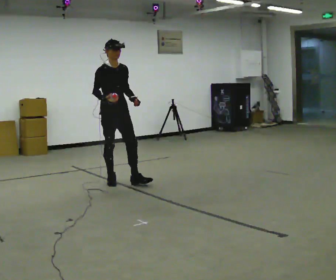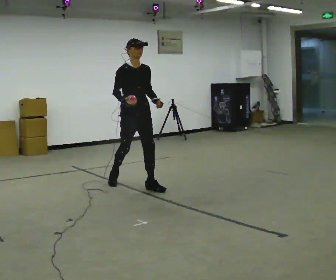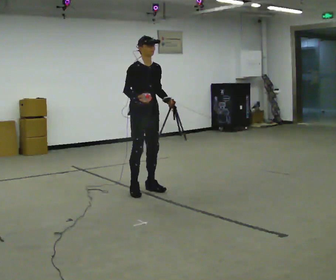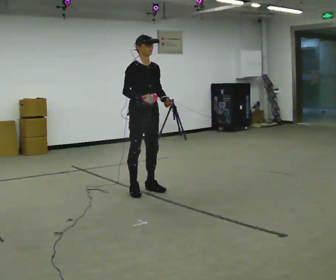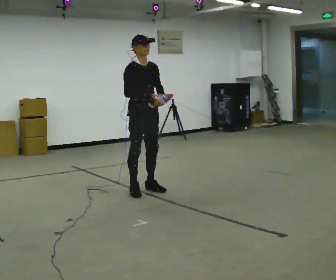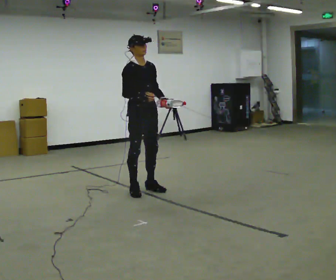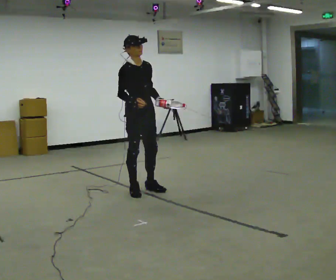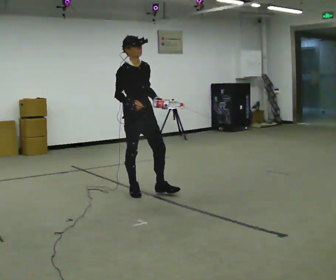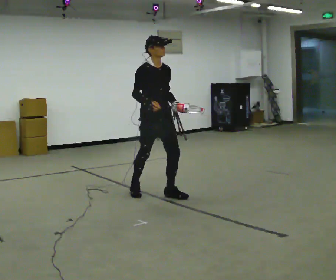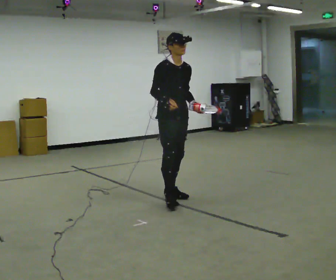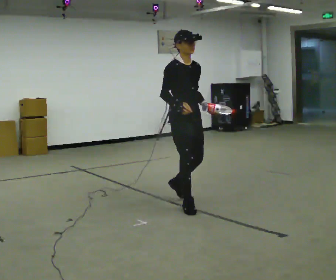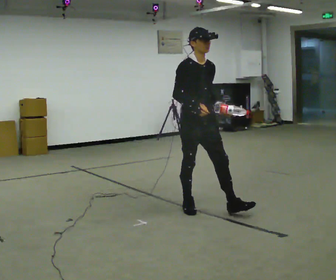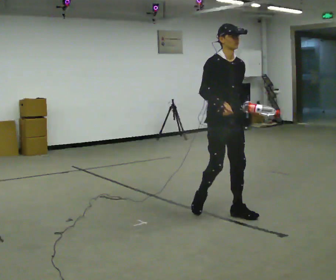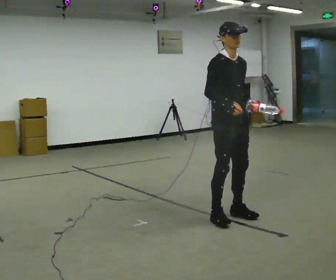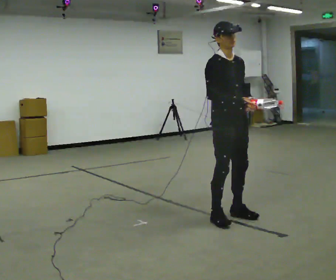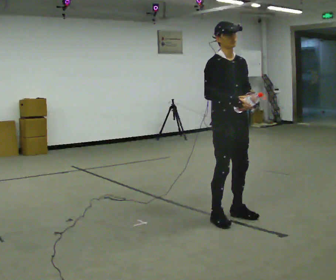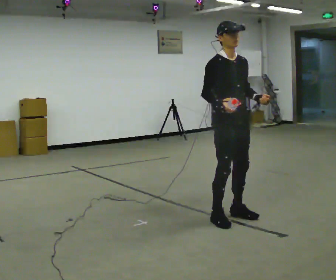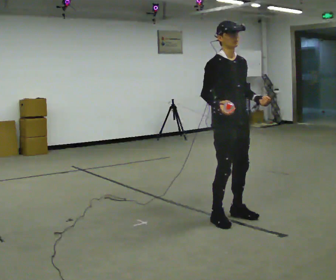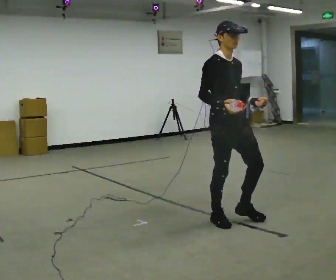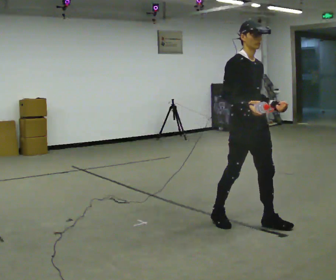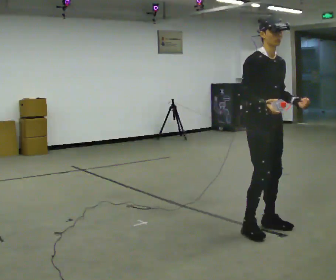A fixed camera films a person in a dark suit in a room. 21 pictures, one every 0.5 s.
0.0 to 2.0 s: In the picture they go toward the camera and to the right, about 0.5 m in 2 steps, which for them is forward.
2.0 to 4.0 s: In the picture they go to the right and toward the camera, about 0.25 m in 1 step, which for them is forward.
4.0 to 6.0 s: In the picture they go toward the camera and to the right, about 1 m in 2 steps, which for them is forward.
6.0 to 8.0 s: The person moves a little, or ends about where they began.
8.0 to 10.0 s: In the picture they go toward the camera and to the right, about 0.25 m in 1 step, which for them is forward.
The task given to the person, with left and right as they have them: Carry the object in one hand and, while walking, pass it to your other hand. Keep passing it back and forth as you walk.
The film runs forward here.
